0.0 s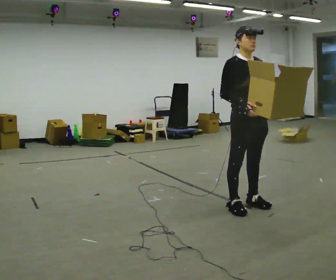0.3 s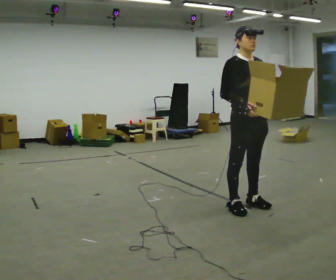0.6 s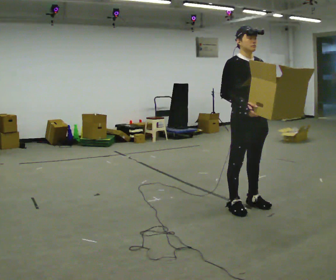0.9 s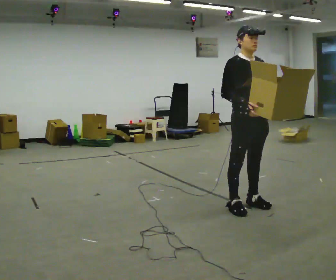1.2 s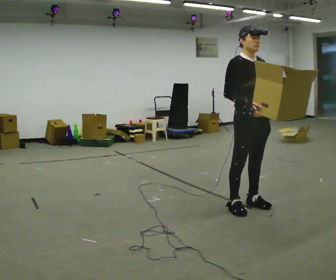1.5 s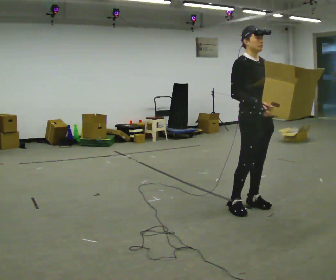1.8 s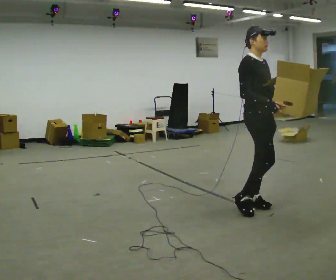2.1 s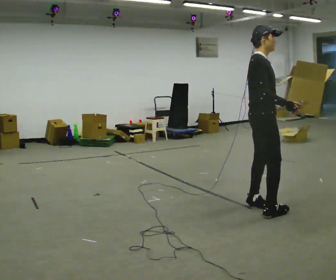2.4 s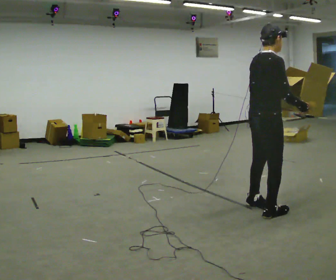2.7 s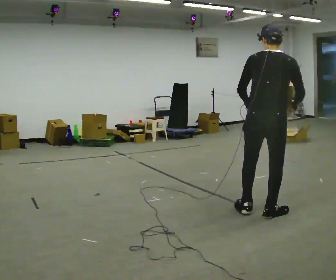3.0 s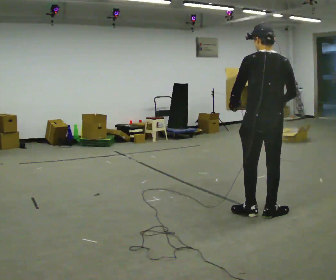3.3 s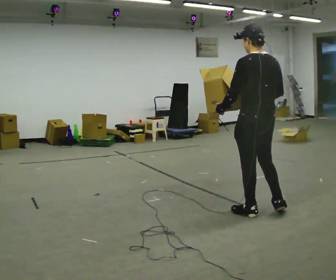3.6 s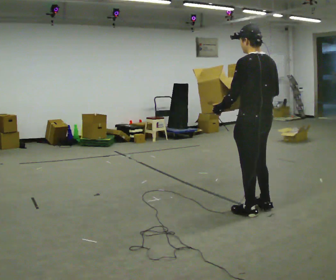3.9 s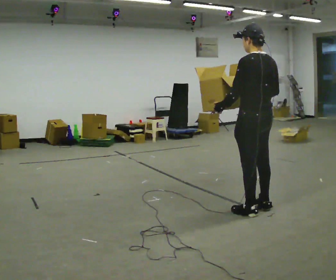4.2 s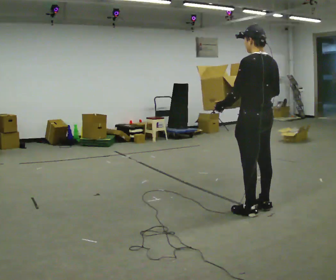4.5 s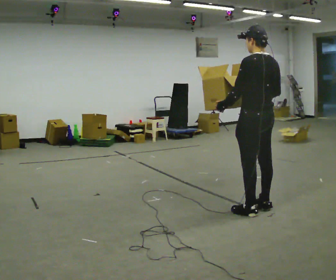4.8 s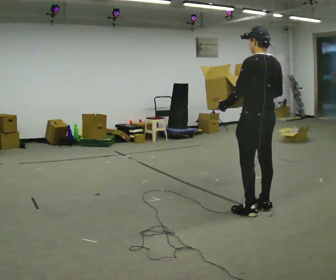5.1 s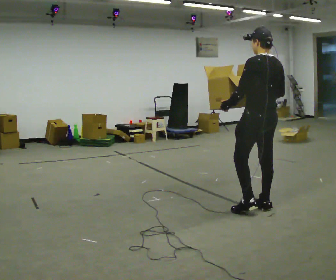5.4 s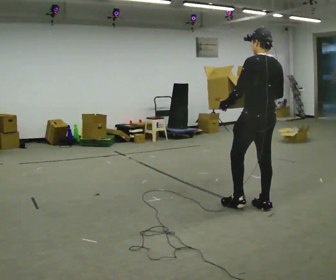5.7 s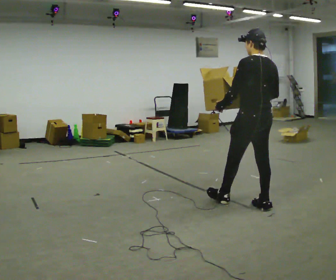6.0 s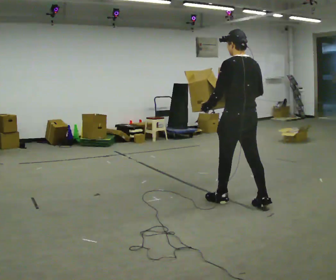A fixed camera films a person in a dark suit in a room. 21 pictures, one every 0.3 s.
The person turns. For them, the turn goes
to their left.
The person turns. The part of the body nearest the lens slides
to the right.
0.0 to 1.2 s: The person moves a little, or ends about where they began.
1.2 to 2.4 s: Seen from above the body turns counterclockwise, about 90 degrees: to their left, with its near side sliding to the right. In the picture they go toward the camera and to the right, about 0.25 m in 1 step.
2.4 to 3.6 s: Seen from above the body turns counterclockwise, about 90 degrees: to their left, with its near side sliding to the right. In the picture their left hand goes to the left.
3.6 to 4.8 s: In the picture they go away from the camera, about 0.25 m in 1 step, which for them is to their right.
4.8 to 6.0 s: In the picture they go to the left, about 0.25 m in 1 step, which for them is forward.
The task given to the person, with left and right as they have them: Carry the open container of water across the room without spilling it, back and forth.
The film runs forward here.
